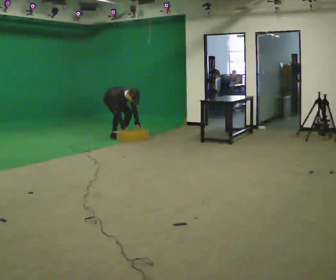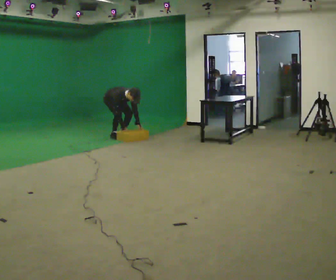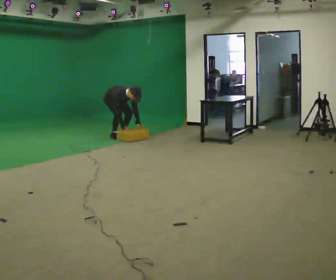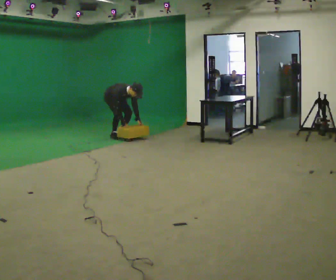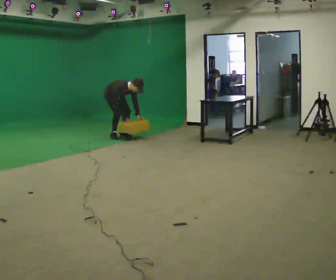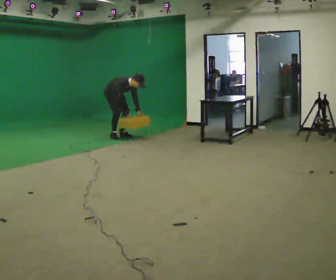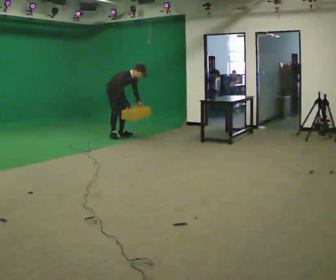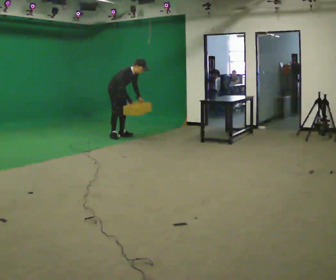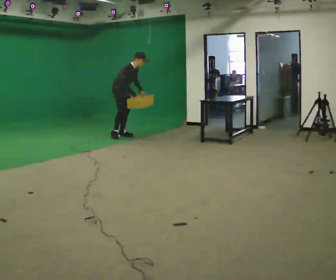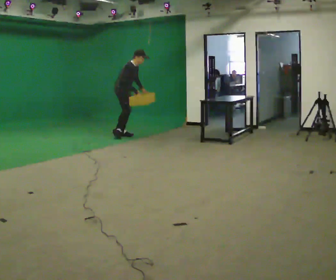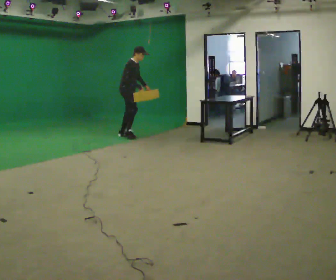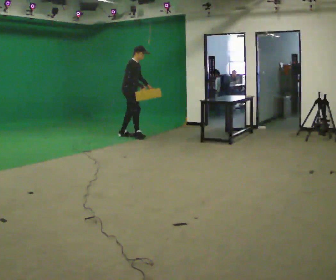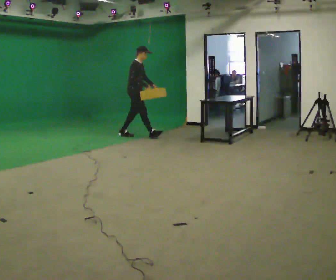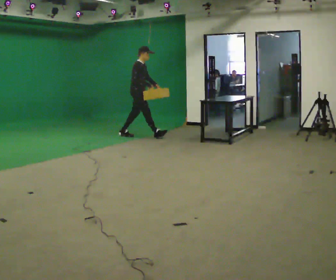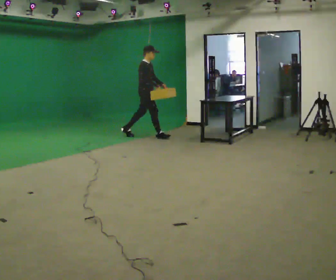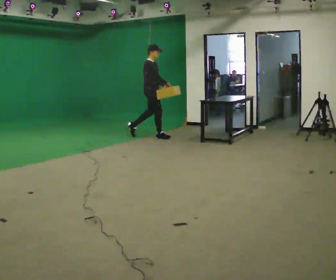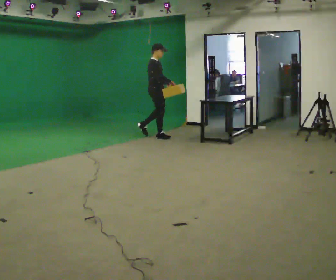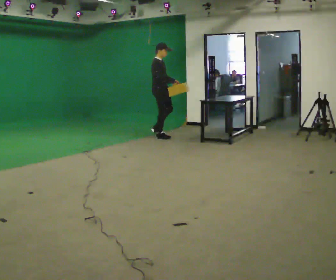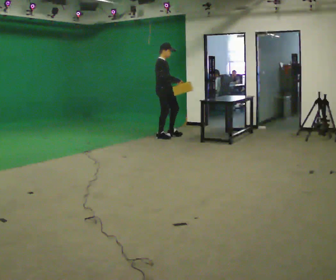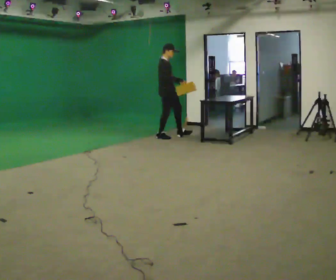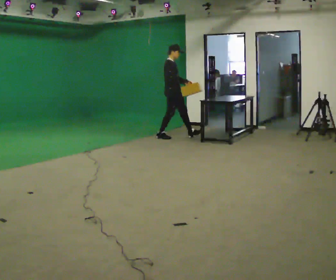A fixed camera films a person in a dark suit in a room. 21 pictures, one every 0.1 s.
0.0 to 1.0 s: The person turns about 30 degrees to their left, counterclockwise seen from above, so the part of the body nearest the lens slides to the right. In the picture they go to the right, about 0.25 m, which for them is forward. The shoulders move upward. The upper body tips away from the camera, its near side rolling upward, as they lean back or straighten. In the picture their right hand goes upward.
1.0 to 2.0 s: In the picture they go to the right, about 1 m in 1 step, which for them is forward. In the picture the upper body tilts counterclockwise, shoulders to the left, as they lean back or straighten.
The film runs forward here.
